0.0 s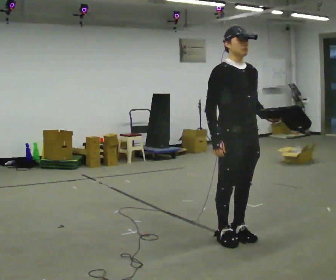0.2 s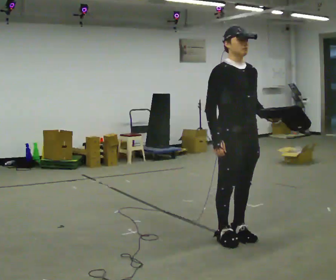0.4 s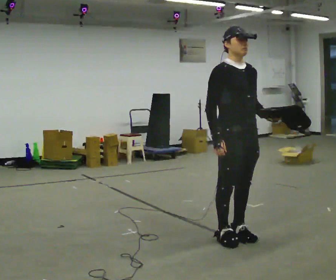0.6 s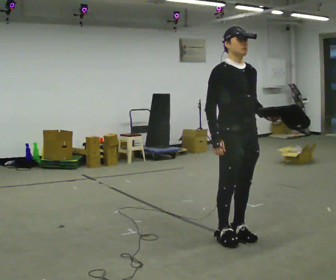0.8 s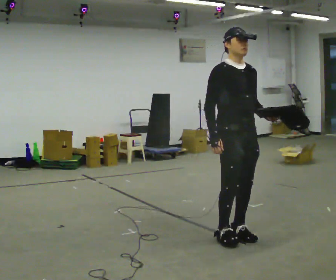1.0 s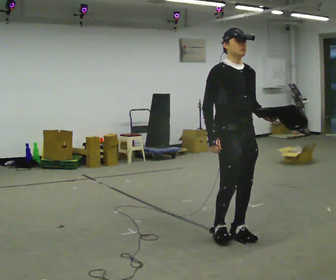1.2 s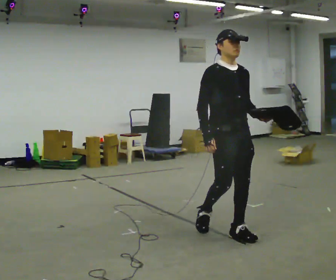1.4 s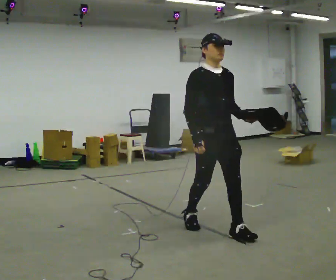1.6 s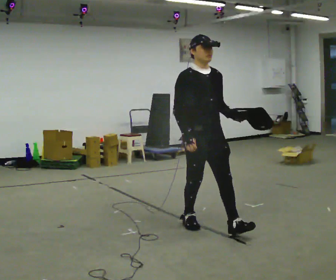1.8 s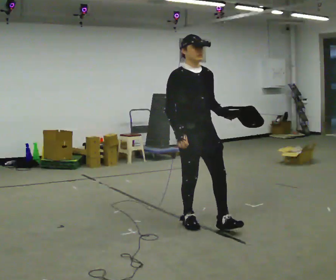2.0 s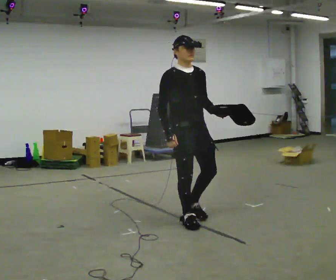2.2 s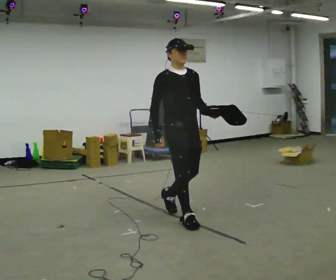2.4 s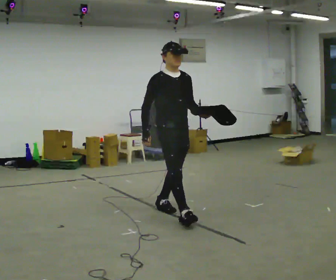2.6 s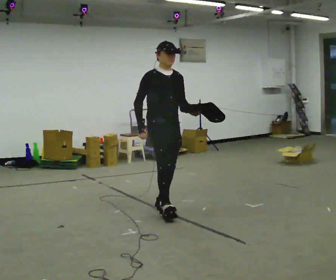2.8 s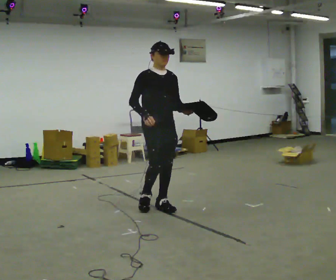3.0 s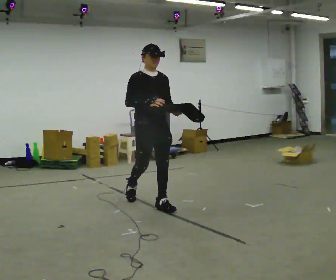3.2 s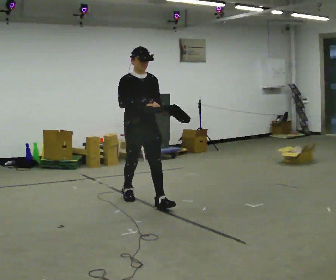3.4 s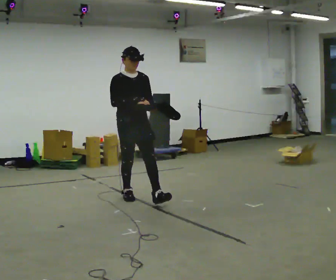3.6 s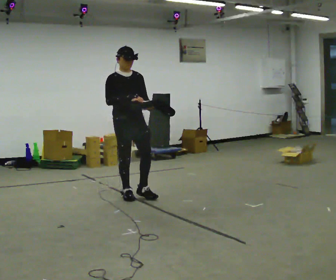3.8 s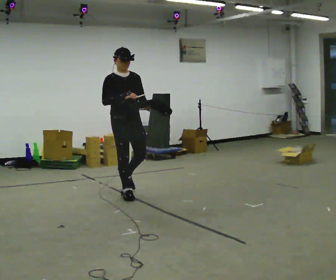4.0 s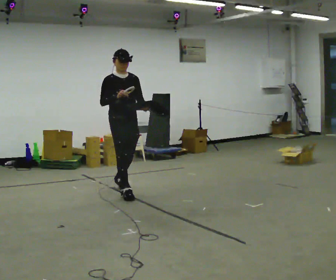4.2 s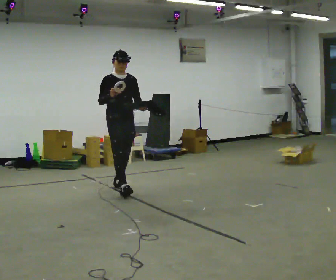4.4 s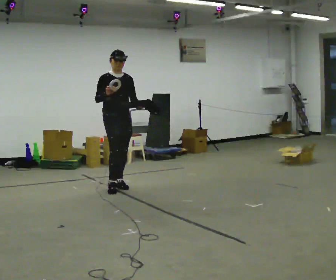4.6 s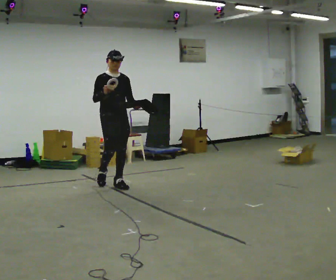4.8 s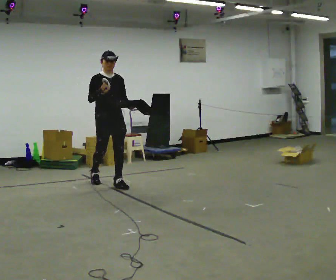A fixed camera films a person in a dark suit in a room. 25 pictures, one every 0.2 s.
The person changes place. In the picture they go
away from the camera.
0.0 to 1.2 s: The person moves a little, or ends about where they began.
1.2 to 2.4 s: In the picture they go away from the camera and to the left, about 1 m in 1 step, which for them is backward.
2.4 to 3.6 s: In the picture they go away from the camera and to the left, about 1 m in 2 steps, which for them is backward. In the picture their right hand goes upward.
3.6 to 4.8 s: In the picture they go away from the camera and to the left, about 0.5 m in 1 step, which for them is backward.
The film runs backward here.
